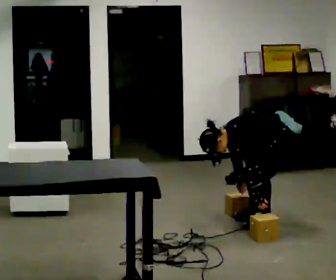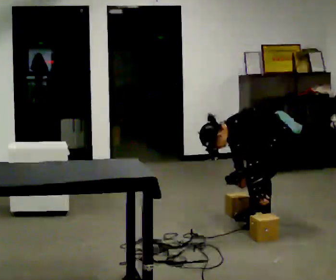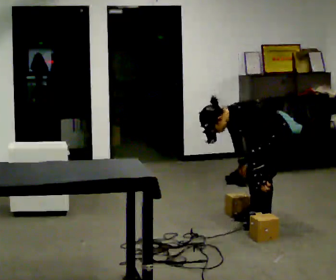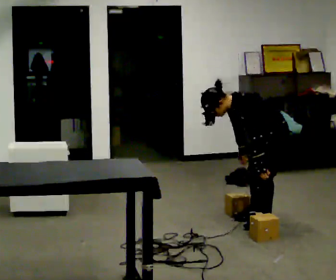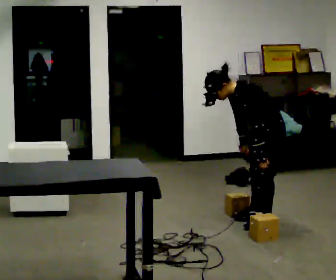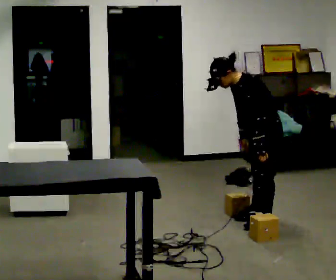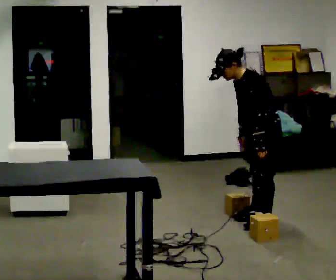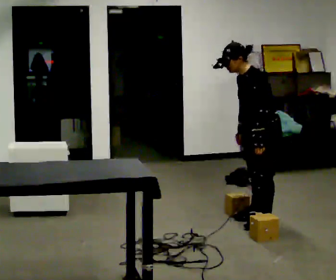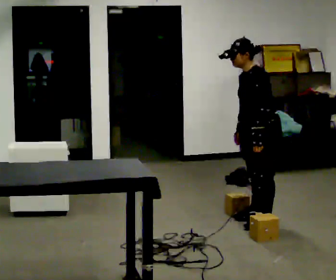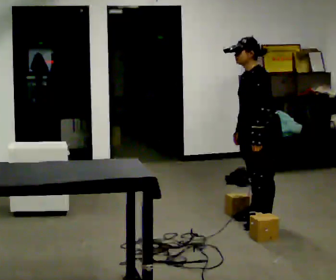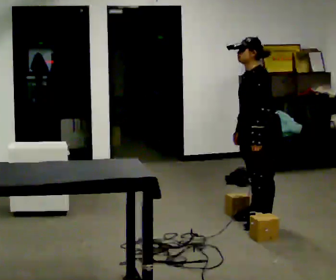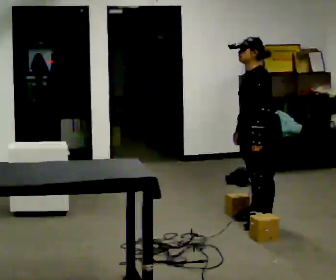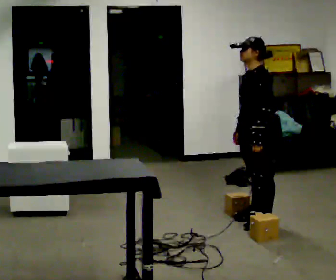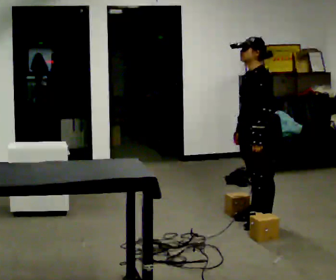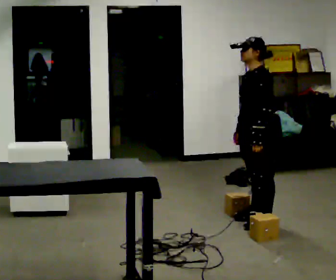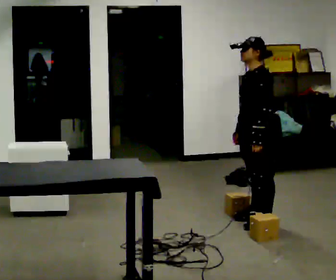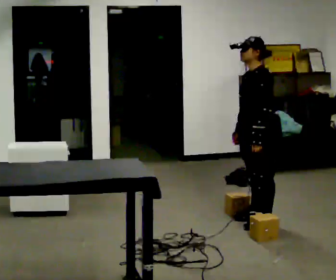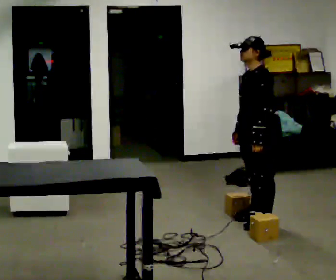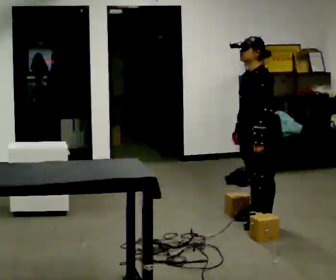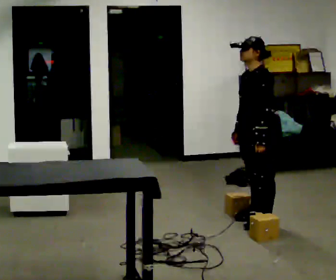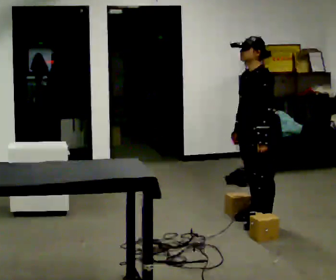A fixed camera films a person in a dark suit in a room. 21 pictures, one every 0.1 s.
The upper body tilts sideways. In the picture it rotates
clockwise.
The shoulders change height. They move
upward.
0.0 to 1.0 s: In the picture they go to the left, about 0.25 m, which for them is forward. The upper body goes upward. In the picture the upper body tilts clockwise, shoulders to the right, as they lean back or straighten. In the picture their right hand goes upward.
1.0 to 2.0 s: The person moves a little, or ends about where they began.
The film runs backward here.
